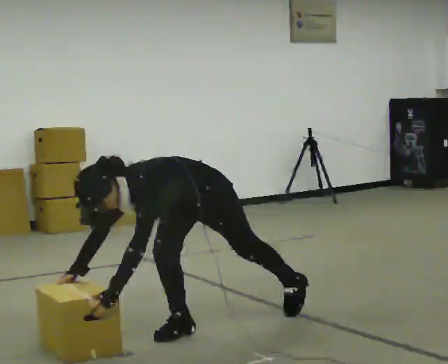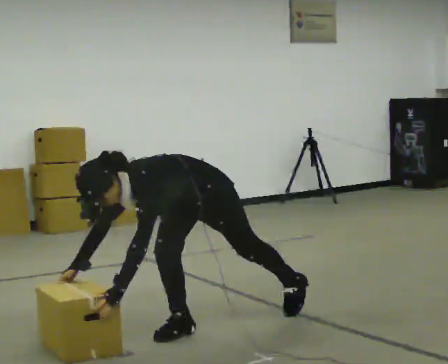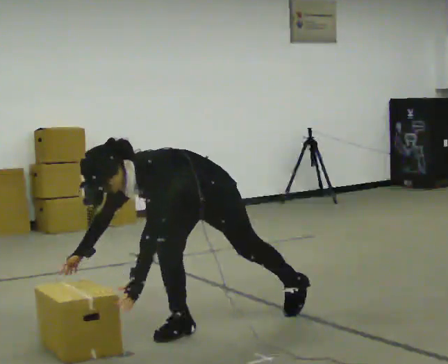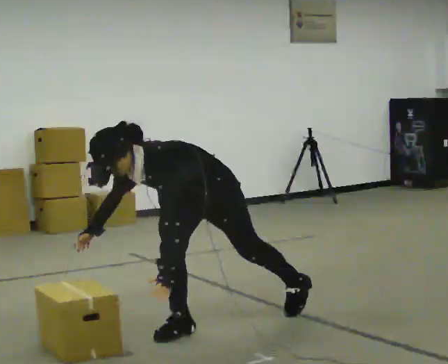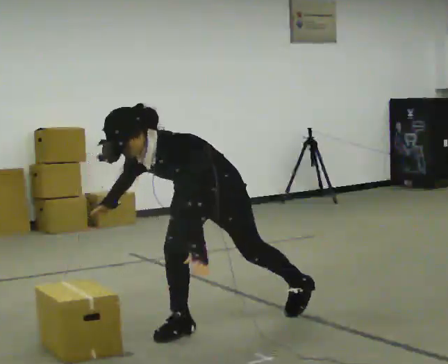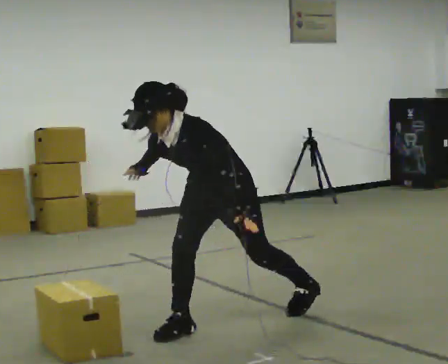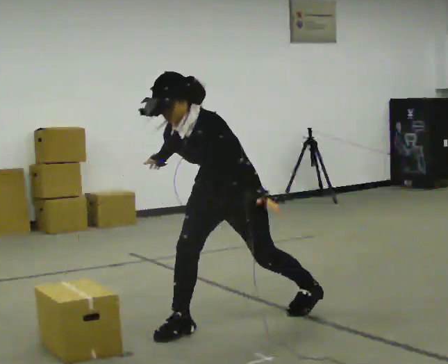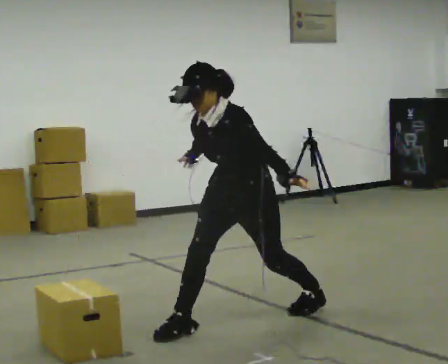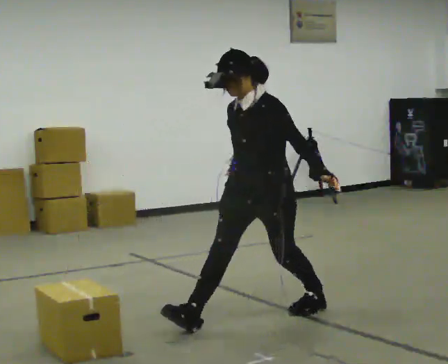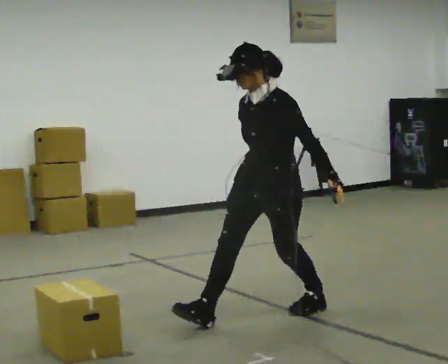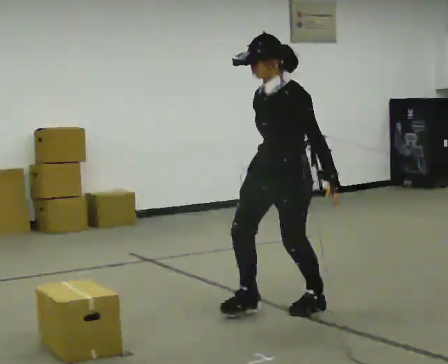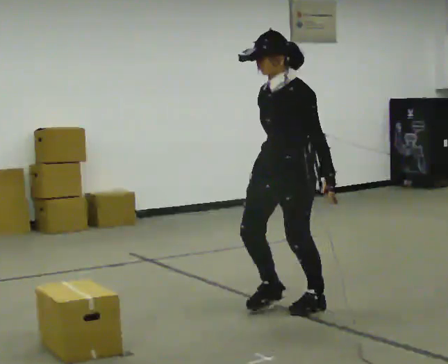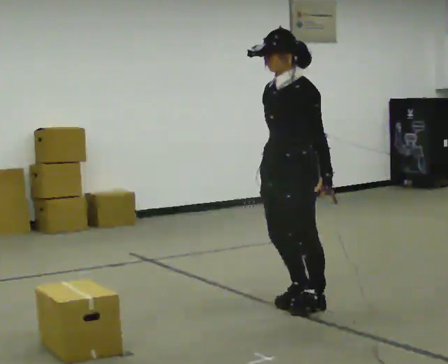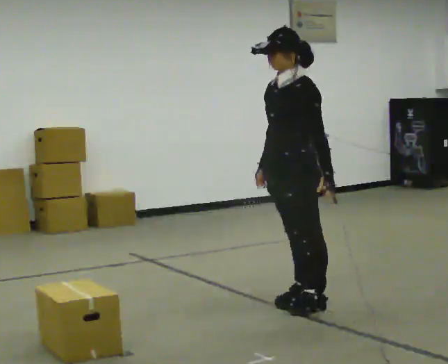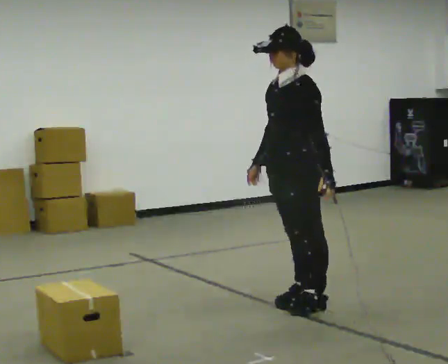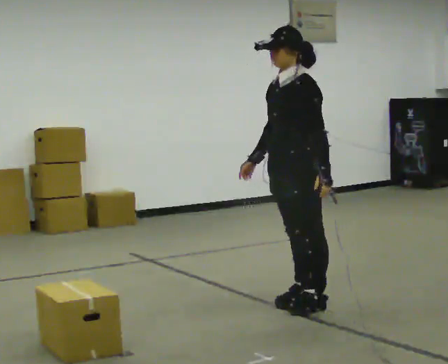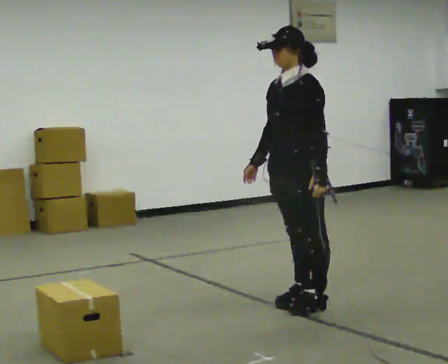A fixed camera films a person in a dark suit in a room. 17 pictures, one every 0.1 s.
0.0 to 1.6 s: In the picture they go to the right and away from the camera, about 0.5 m in 1 step, which for them is backward. The shoulders move upward. In the picture the upper body tilts clockwise, shoulders to the right, as they lean back or straighten. In the picture their left hand goes upward.
The film runs forward here.
